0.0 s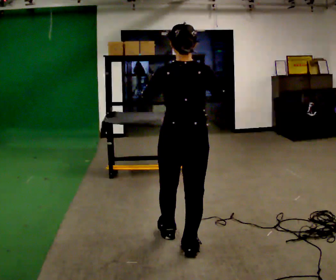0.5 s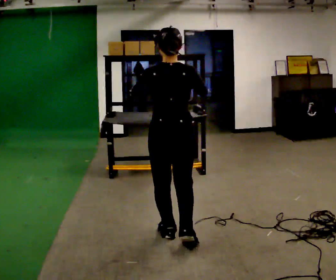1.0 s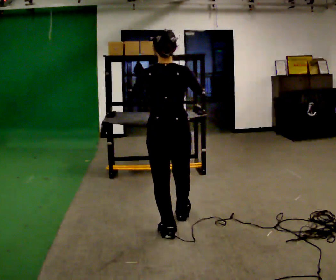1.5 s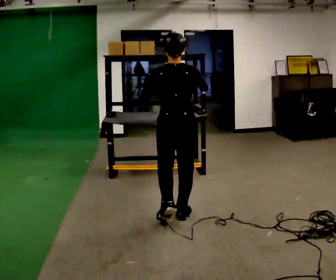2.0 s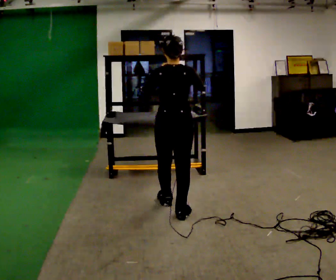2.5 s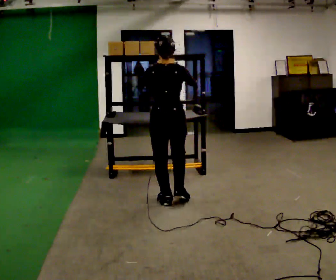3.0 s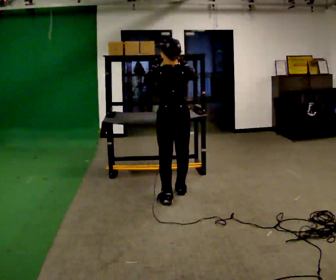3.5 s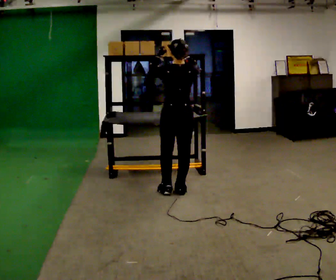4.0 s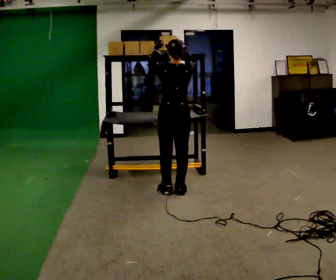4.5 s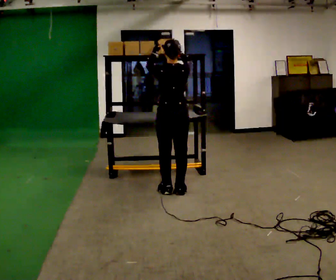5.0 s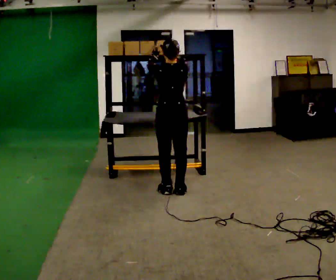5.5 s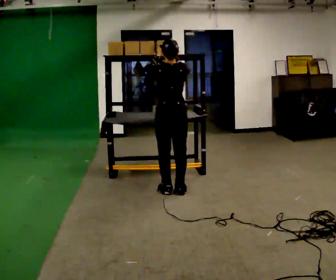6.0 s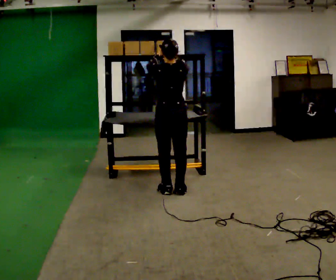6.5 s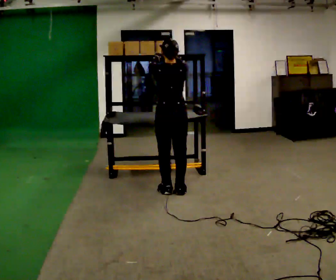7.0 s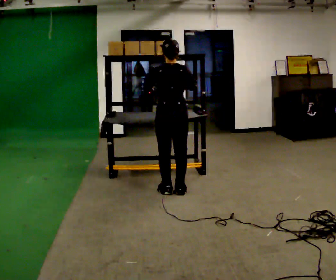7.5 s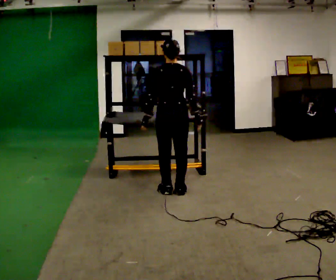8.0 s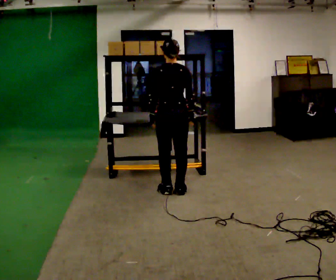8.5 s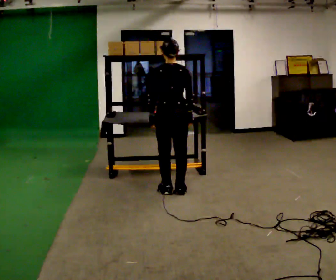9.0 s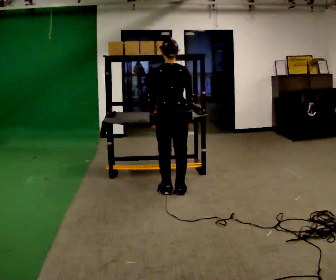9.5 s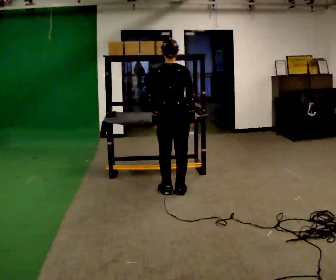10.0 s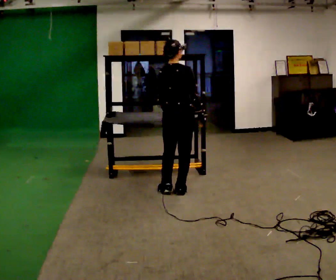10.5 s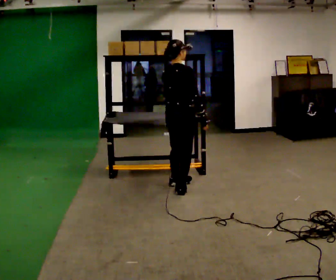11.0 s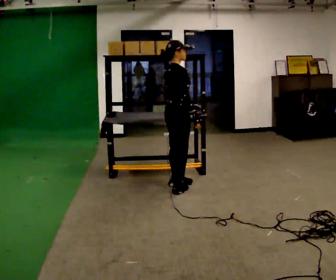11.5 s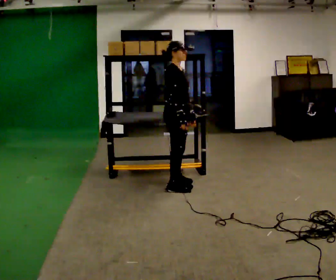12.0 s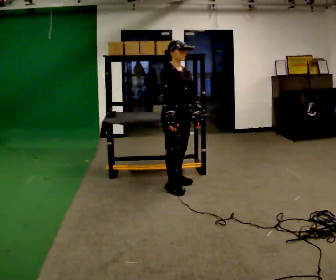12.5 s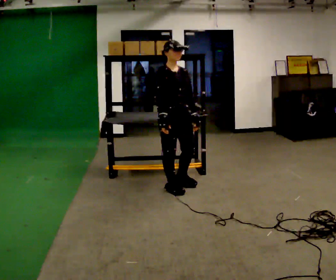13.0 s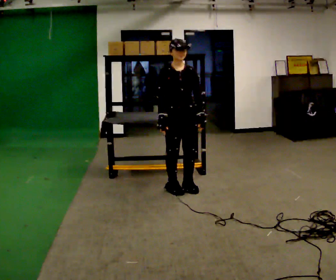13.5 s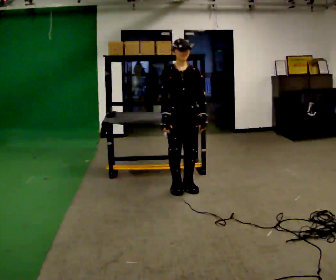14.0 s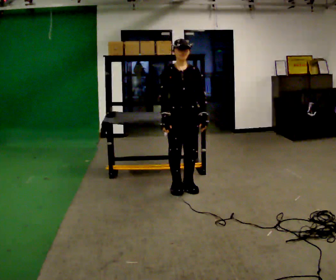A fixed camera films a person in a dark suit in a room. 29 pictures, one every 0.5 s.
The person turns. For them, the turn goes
to their right.
The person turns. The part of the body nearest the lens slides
to the left.
0.0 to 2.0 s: In the picture they go away from the camera, about 1 m in 2 steps, which for them is forward.
2.0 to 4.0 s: In the picture they go away from the camera, about 0.5 m in 2 steps, which for them is forward.
4.0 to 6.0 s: The person moves a little, or ends about where they began.
6.0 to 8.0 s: In the picture their right hand goes downward.
8.0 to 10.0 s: The part of the body nearest the lens slides to the left as the person turns to their right by about 30 degrees.
10.0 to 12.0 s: The part of the body nearest the lens slides to the left as the person turns to their right by about 105 degrees. In the picture their right hand goes to the left.
12.0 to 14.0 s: The person turns about 30 degrees to their right, clockwise seen from above, so the part of the body nearest the lens slides to the left.
The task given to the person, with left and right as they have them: Pick an object up off the floor, carry it across the room, and place it on the highest shelf you can comfortably reach. Keep going until the operator says stop; one object at a time, and do not rush between trips.
The film runs forward here.
